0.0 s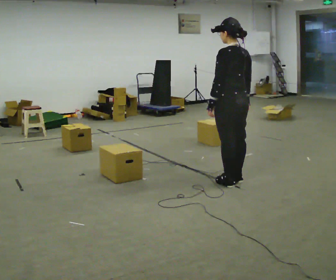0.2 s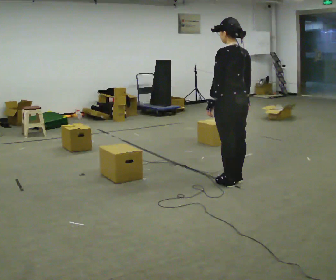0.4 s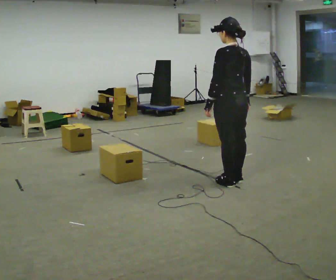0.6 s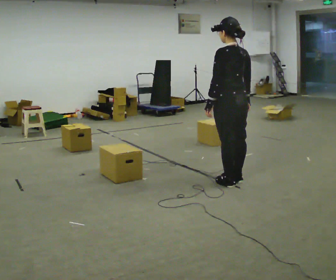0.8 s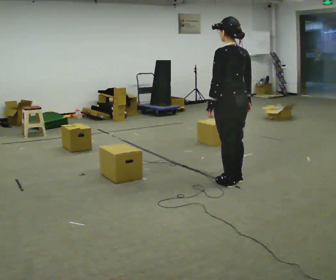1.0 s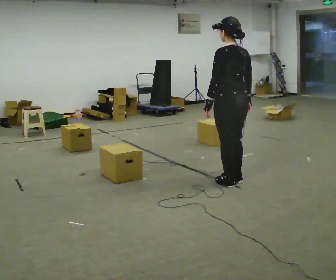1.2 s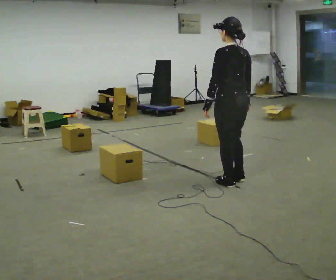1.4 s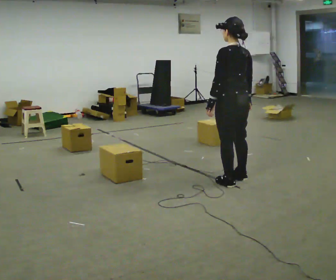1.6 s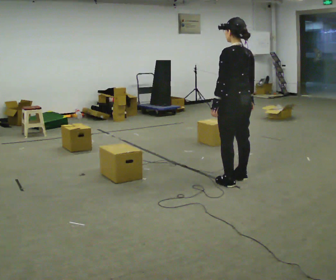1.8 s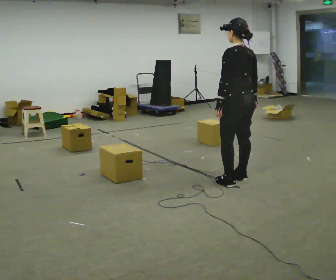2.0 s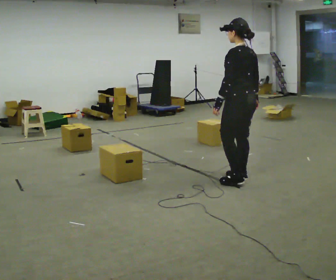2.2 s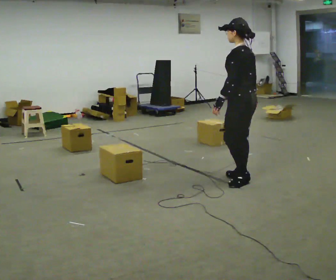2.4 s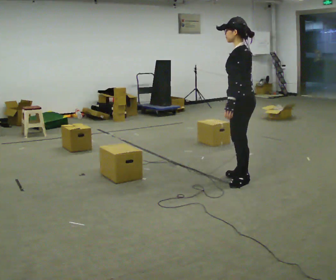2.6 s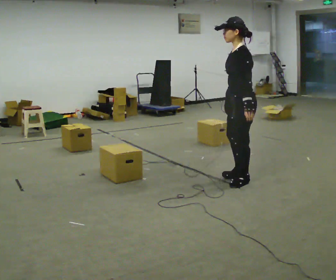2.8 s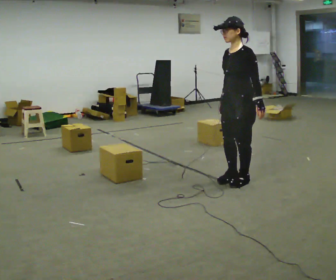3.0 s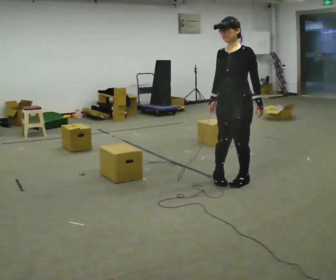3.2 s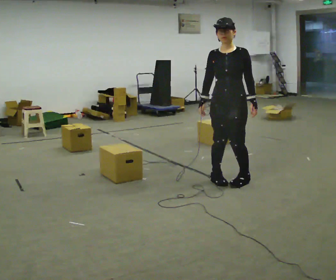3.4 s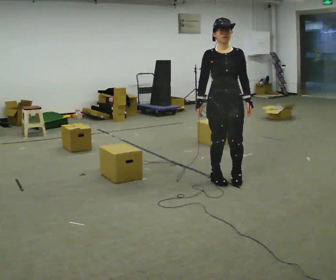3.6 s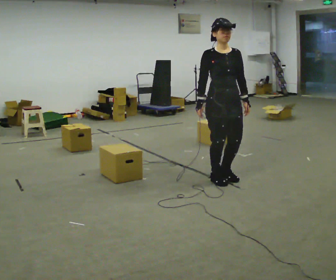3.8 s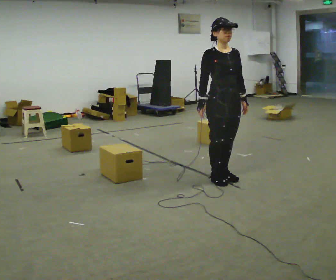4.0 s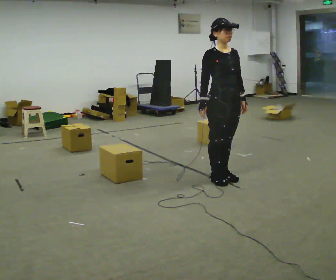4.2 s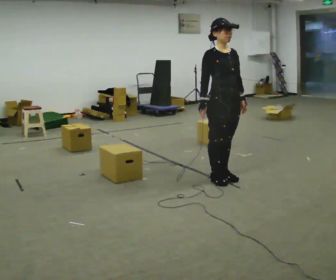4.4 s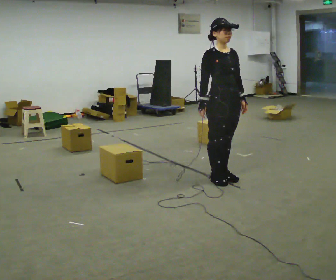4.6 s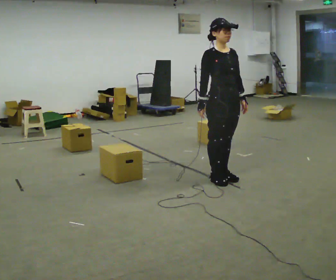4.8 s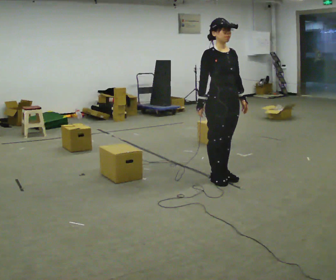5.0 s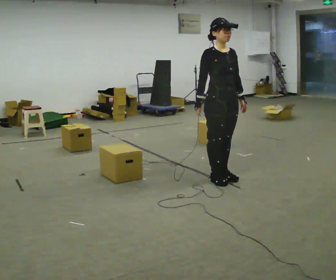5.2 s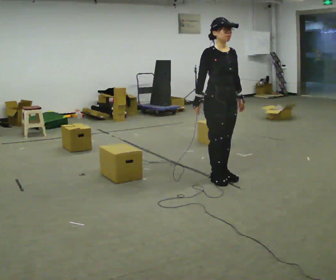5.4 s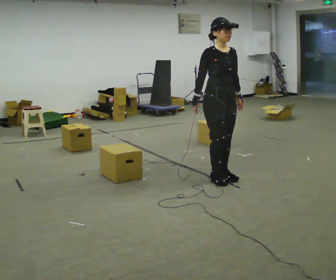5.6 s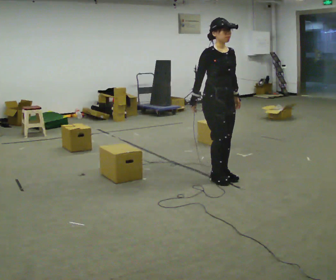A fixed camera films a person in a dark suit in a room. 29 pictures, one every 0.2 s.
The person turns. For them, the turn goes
to their left.
The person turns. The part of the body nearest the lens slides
to the right.
0.0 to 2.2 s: The person moves a little, or ends about where they began.
2.2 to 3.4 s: Seen from above the body turns counterclockwise, about 120 degrees: to their left, with its near side sliding to the right. In the picture they go to the left, about 0.25 m in 2 steps.
3.4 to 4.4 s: The person turns about 30 degrees to their left, counterclockwise seen from above, so the part of the body nearest the lens slides to the right.
4.4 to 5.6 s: The person moves a little, or ends about where they began.
The film runs backward here.
